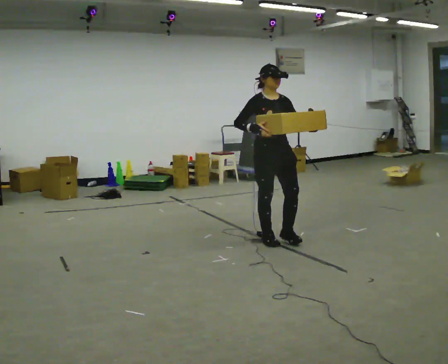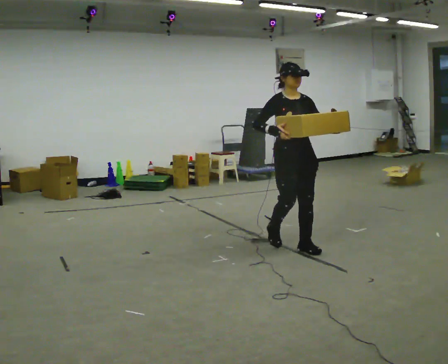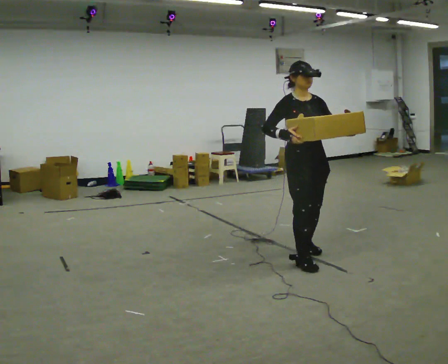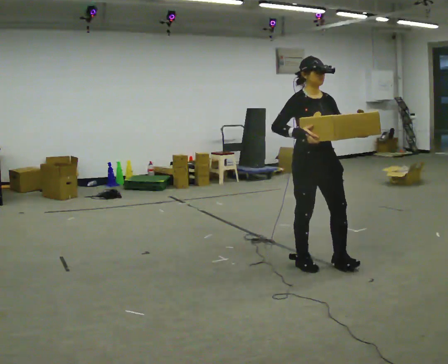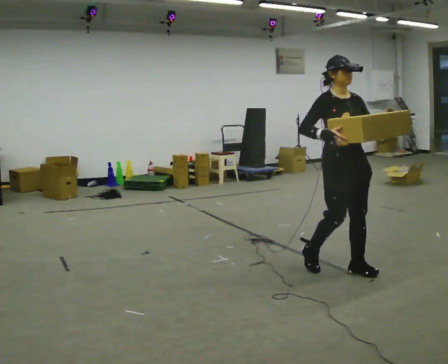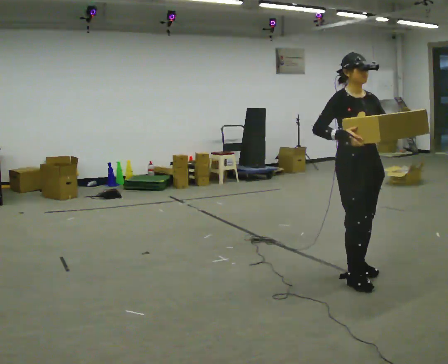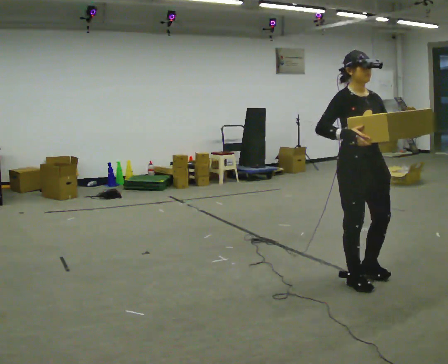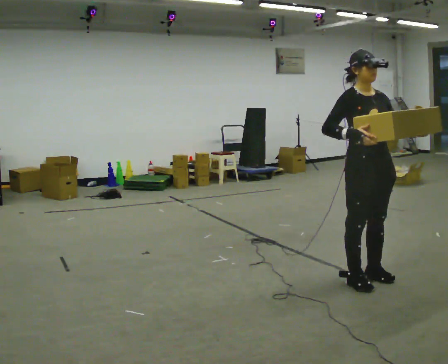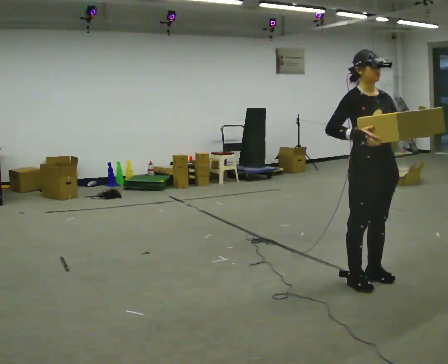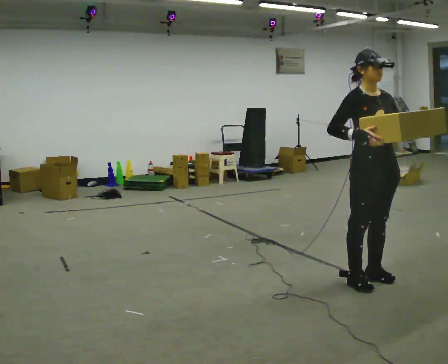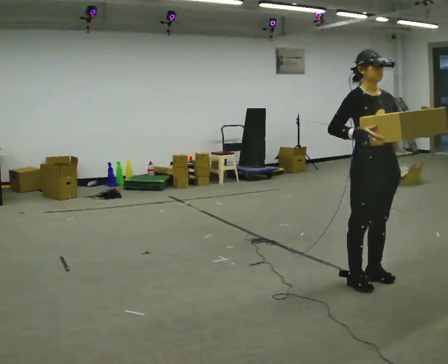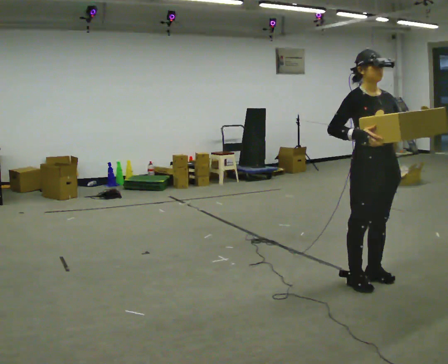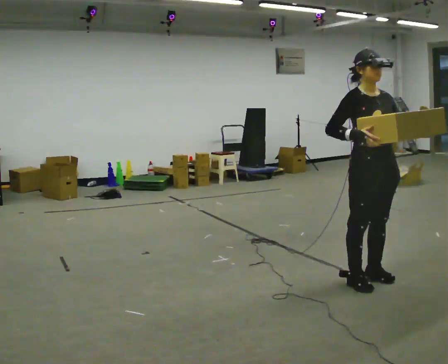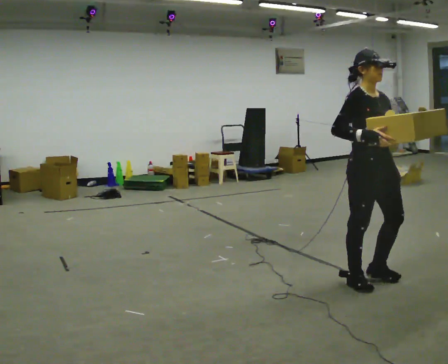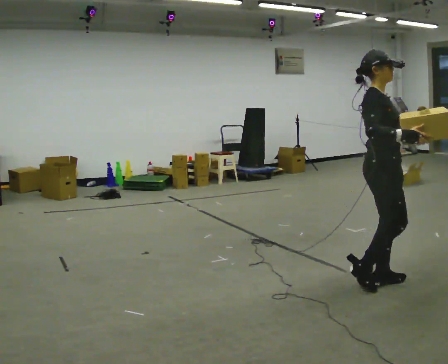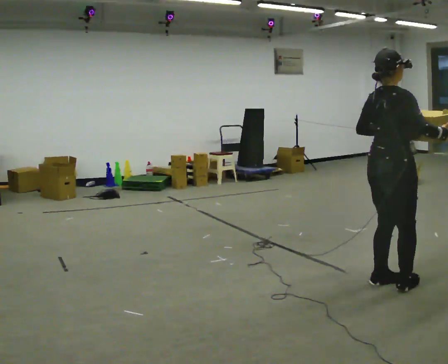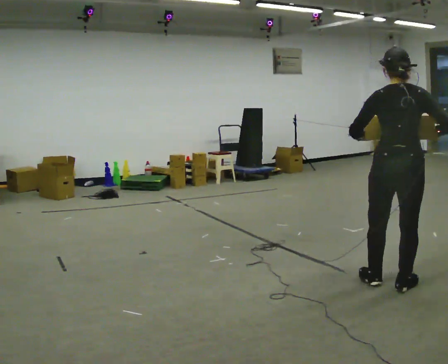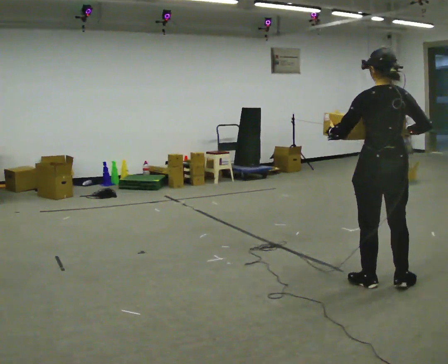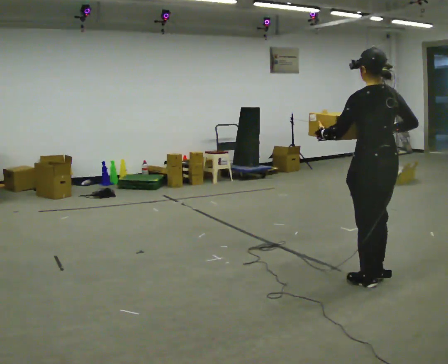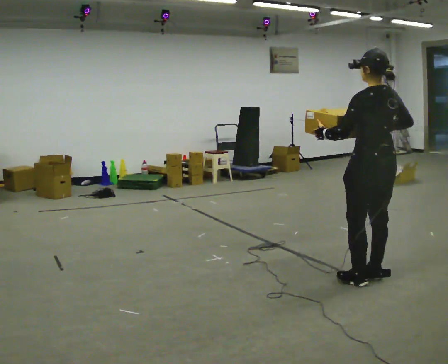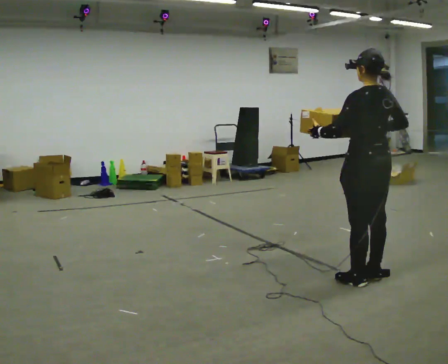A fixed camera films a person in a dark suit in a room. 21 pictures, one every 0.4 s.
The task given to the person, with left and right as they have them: Carry the medium box in both hands in front of you, walking back and forth across the room. Keep walking until the operator says stop.
0.0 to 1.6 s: In the picture they go toward the camera and to the right, about 1 m in 3 steps, which for them is forward.
1.6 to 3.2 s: In the picture they go toward the camera and to the right, about 0.25 m in 2 steps, which for them is forward.
3.2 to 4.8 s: The person keeps their place and pose.
4.8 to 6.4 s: Seen from above the body turns counterclockwise, about 135 degrees: to their left, with its near side sliding to the right. In the picture they go to the right, about 0.25 m in 1 step. In the picture their left hand goes to the left.
6.4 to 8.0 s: The part of the body nearest the lens slides to the right as the person turns to their left by about 45 degrees. In the picture they go away from the camera and to the left, about 0.25 m in 1 step, which for them is forward. In the picture their right hand goes to the left.
The film runs forward here.
